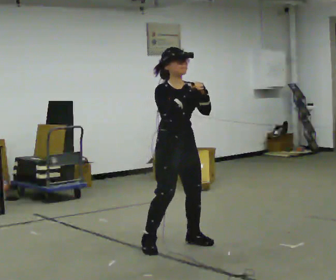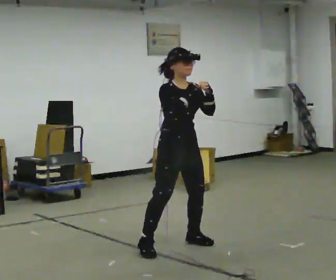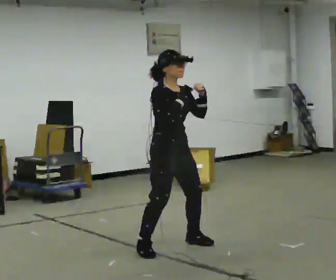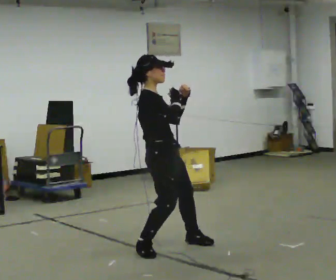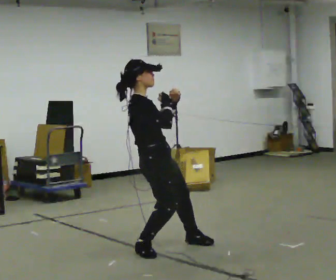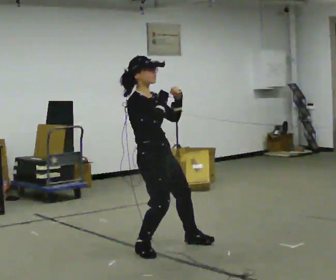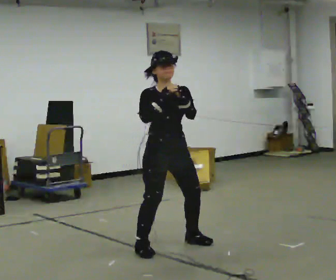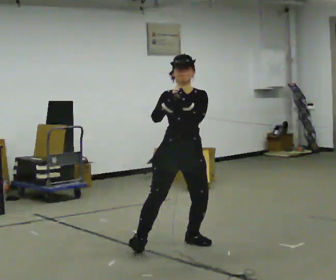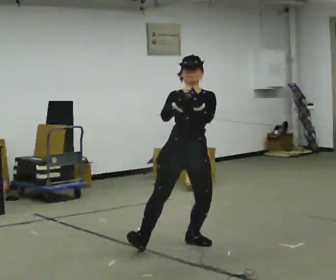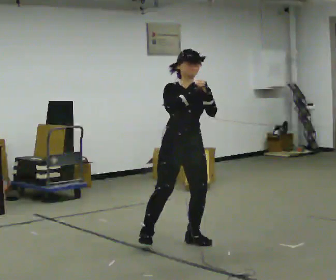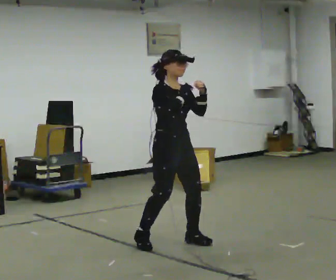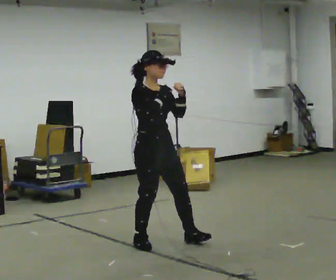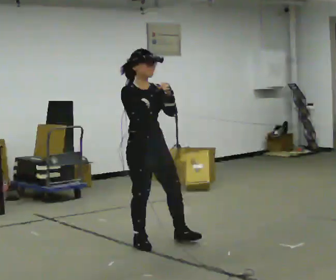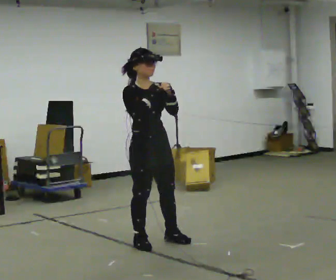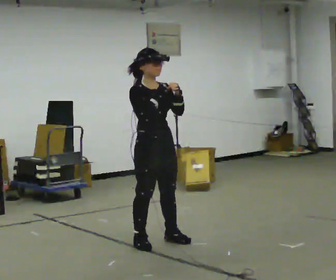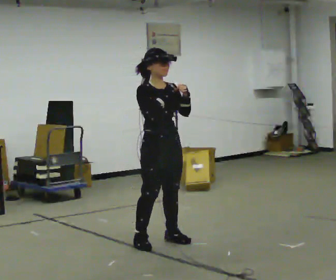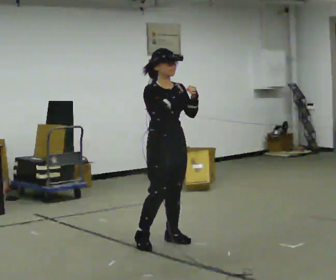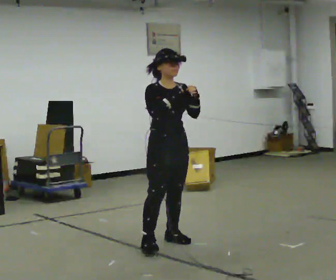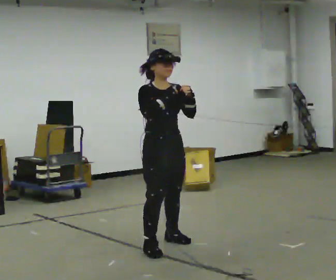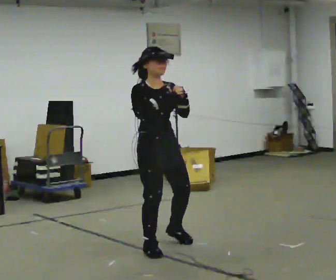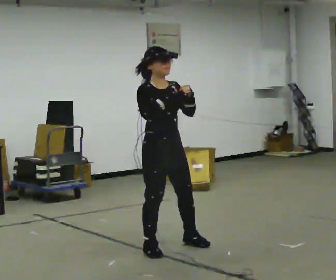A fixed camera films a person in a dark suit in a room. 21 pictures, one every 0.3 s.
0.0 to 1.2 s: Seen from above the body turns counterclockwise, about 45 degrees: to their left, with its near side sliding to the right. In the picture they go to the left and toward the camera, about 0.25 m, which for them is to their right.
1.2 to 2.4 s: The part of the body nearest the lens slides to the left as the person turns to their right by about 90 degrees. In the picture they go to the right and away from the camera, about 0.5 m. In the picture the upper body tilts clockwise, shoulders to the right.
2.4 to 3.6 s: The part of the body nearest the lens slides to the right as the person turns to their left by about 45 degrees. In the picture they go to the left, about 0.25 m in 1 step, which for them is to their right and backward.
3.6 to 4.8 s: In the picture they go to the right, about 0.25 m in 1 step, which for them is to their left.
4.8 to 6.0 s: In the picture they go toward the camera, about 0.25 m in 2 steps, which for them is forward.
The film runs forward here.
